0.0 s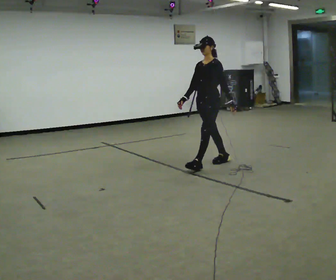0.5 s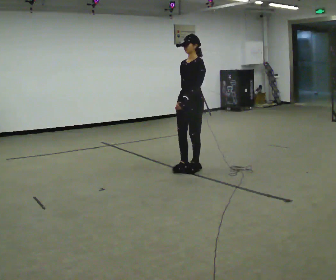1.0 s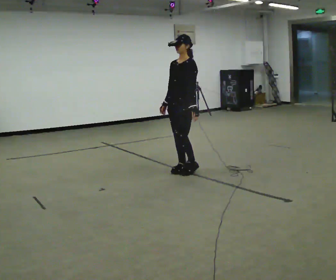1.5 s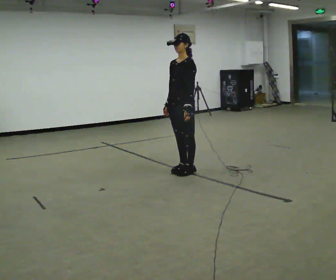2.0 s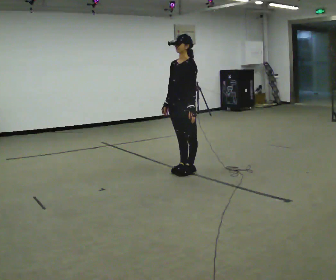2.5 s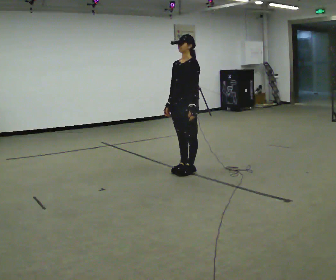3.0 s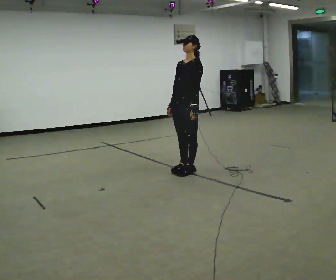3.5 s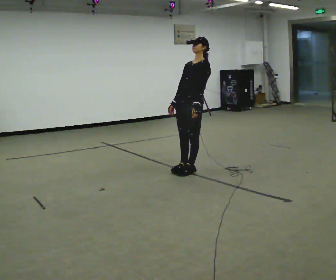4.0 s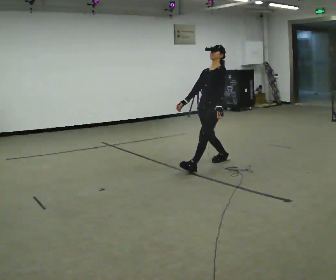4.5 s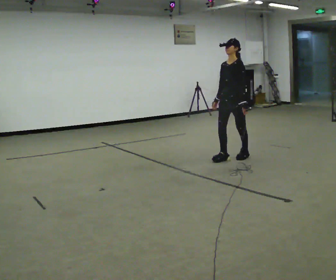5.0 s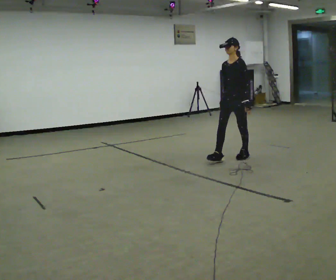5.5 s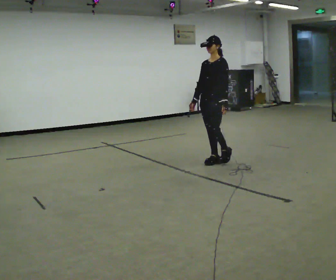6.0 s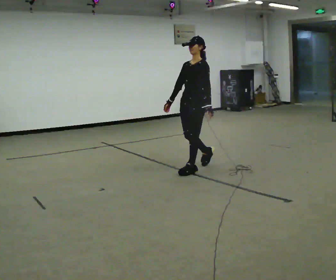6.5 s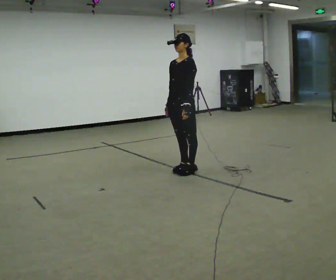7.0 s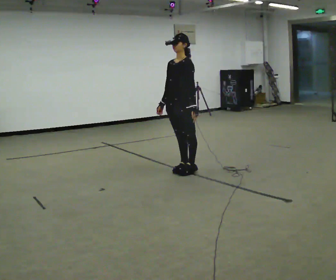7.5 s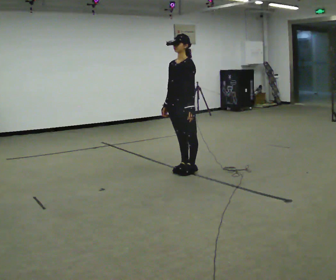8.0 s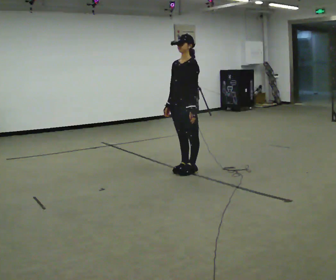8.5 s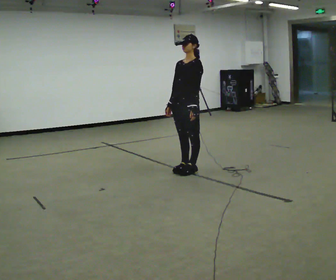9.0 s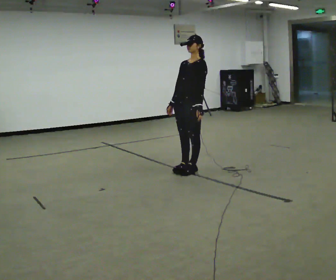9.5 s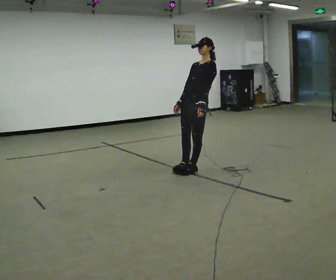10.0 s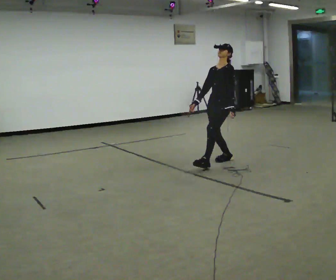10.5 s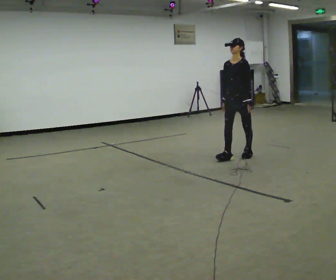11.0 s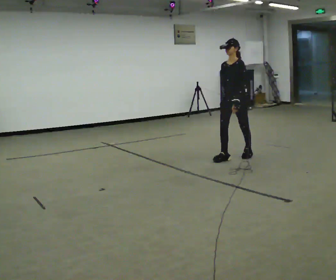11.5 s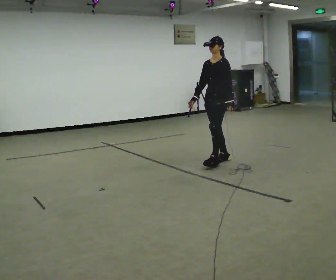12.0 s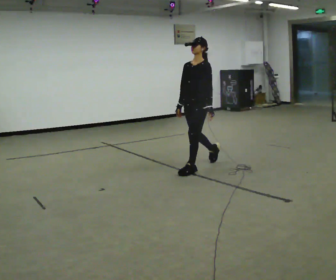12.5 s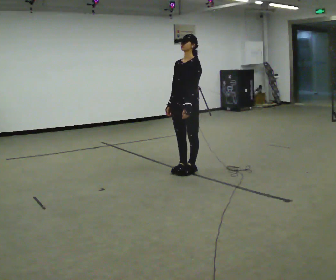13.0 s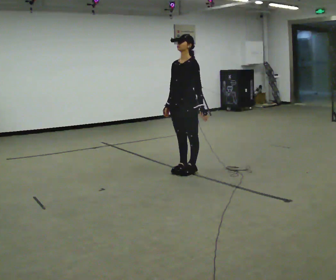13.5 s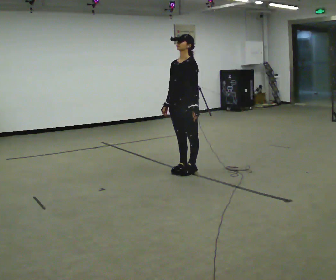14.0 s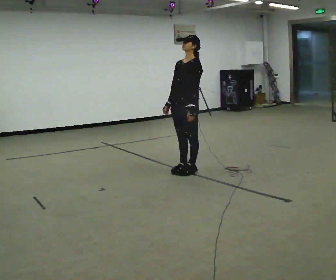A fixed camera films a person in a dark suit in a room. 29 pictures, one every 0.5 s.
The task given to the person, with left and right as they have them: Stand on the marked spots. Lean backward, keeping your body straight, until you cannot hold it, then step back to catch yourself. Return to the spots. Repeat at your own pace until the operator says stop. Go slowly and only as far as you are comfortable. Step whenever you need to; do not try to hold on longer than feels safe.
0.0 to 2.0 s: In the picture they go to the left and toward the camera, about 0.5 m in 1 step, which for them is forward.
2.0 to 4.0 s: In the picture they go to the right and away from the camera, about 0.5 m, which for them is backward.
4.0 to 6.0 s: In the picture they go to the left and toward the camera, about 0.5 m in 3 steps, which for them is forward.
6.0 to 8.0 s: The person moves a little, or ends about where they began.
8.0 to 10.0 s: In the picture they go to the right and away from the camera, about 0.75 m in 1 step, which for them is backward.
10.0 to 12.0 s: In the picture they go to the left and toward the camera, about 0.5 m in 2 steps, which for them is forward.
12.0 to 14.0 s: The person moves a little, or ends about where they began.
The film runs forward here.
